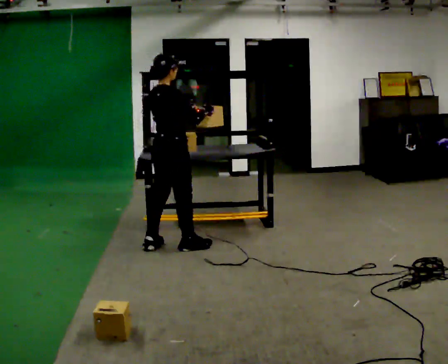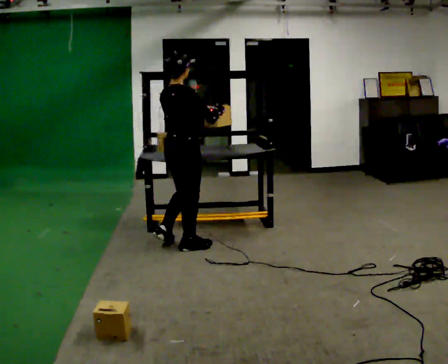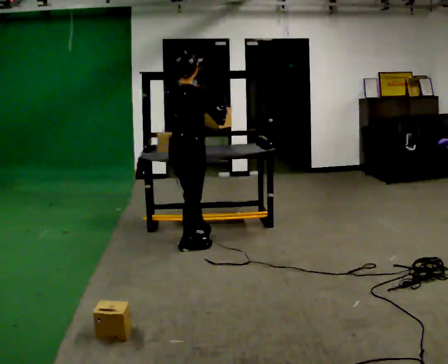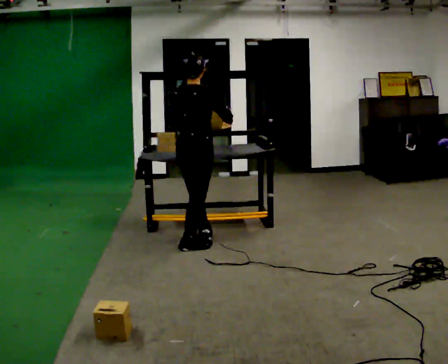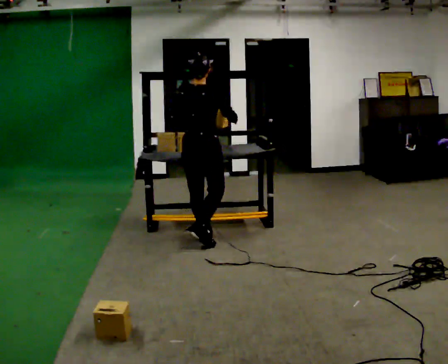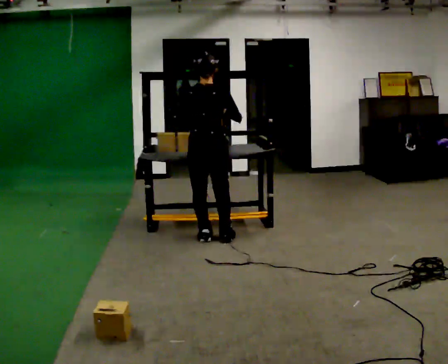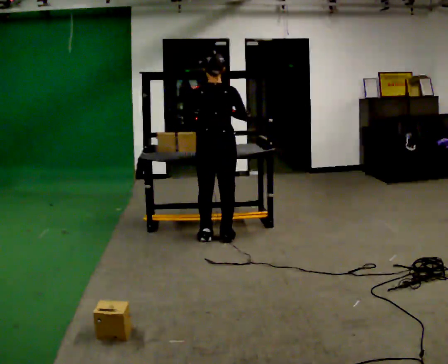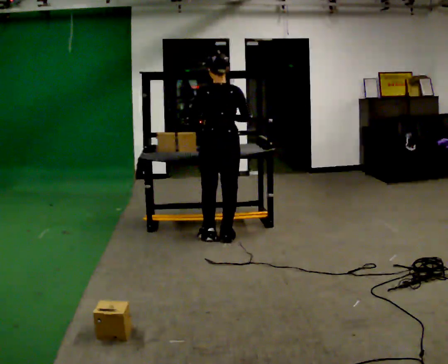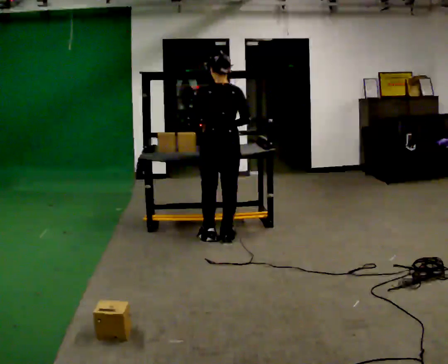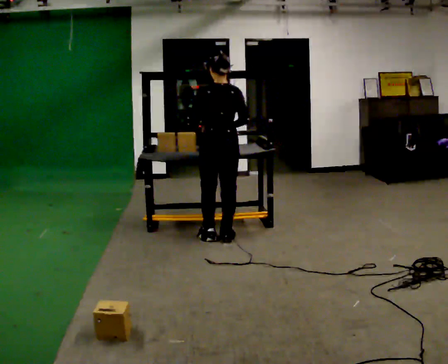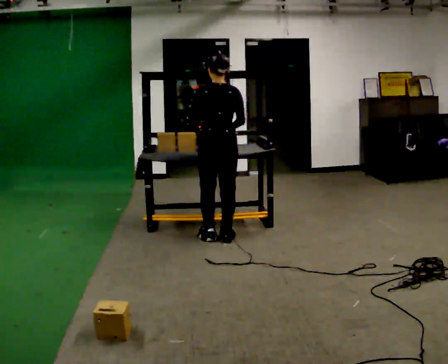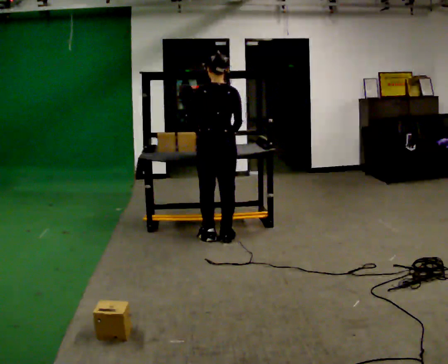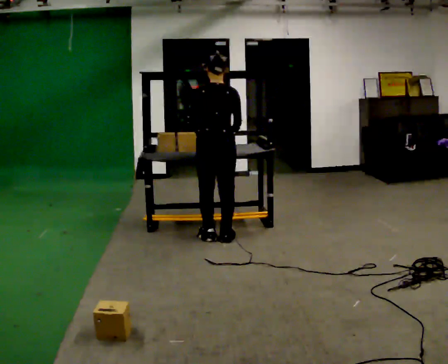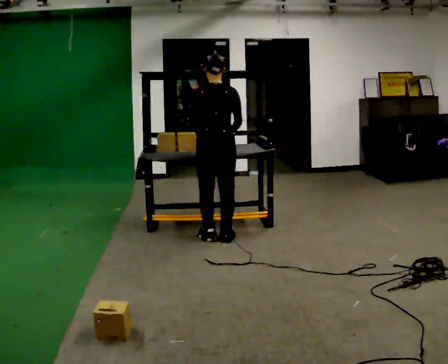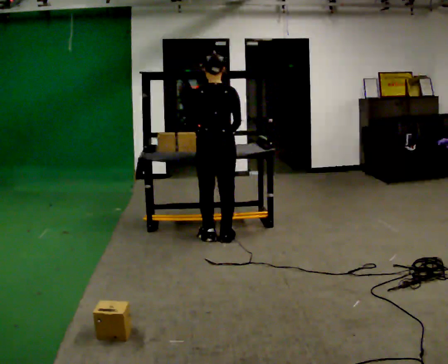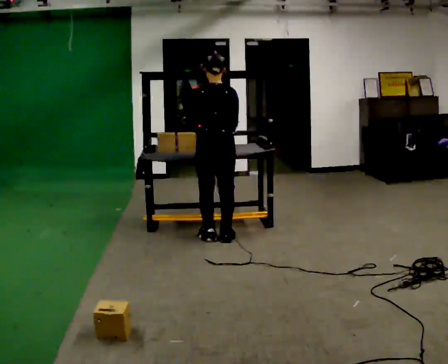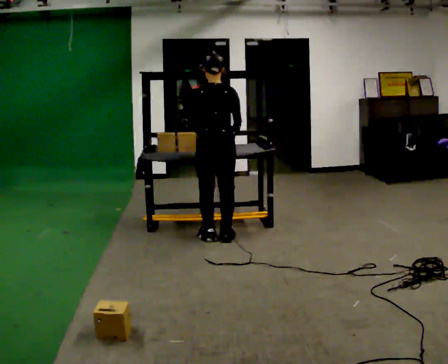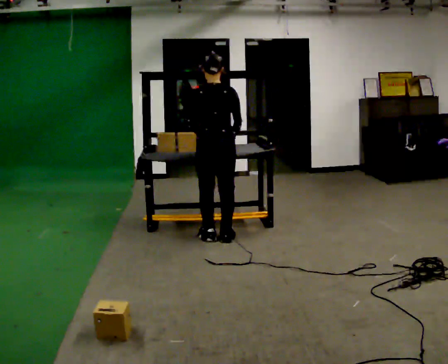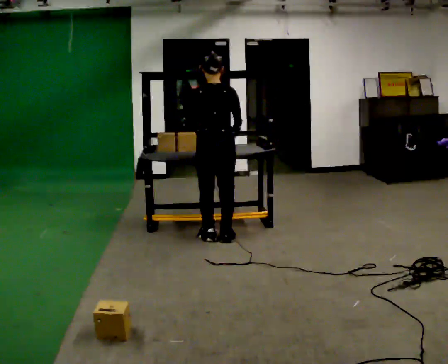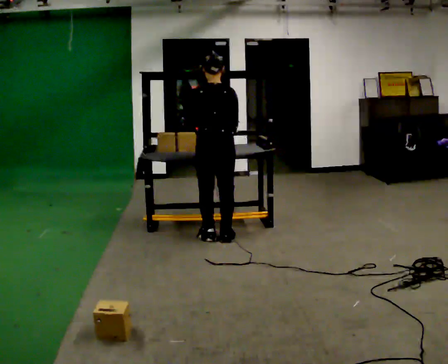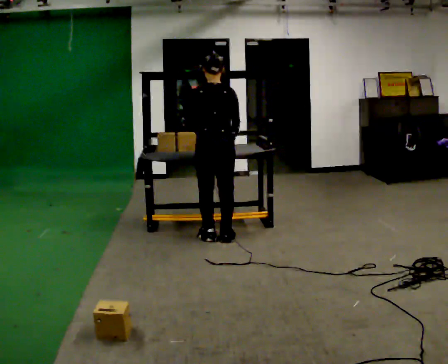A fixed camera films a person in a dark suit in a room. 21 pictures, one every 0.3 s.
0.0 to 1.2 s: The part of the body nearest the lens slides to the right as the person turns to their left by about 30 degrees. In the picture they go to the right and away from the camera, about 0.25 m in 1 step, which for them is forward.
1.2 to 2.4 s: The person turns about 30 degrees to their left, counterclockwise seen from above, so the part of the body nearest the lens slides to the right. In the picture they go to the right, about 0.25 m in 1 step, which for them is to their right.
2.4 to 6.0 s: The person moves a little, or ends about where they began.
The film runs forward here.
